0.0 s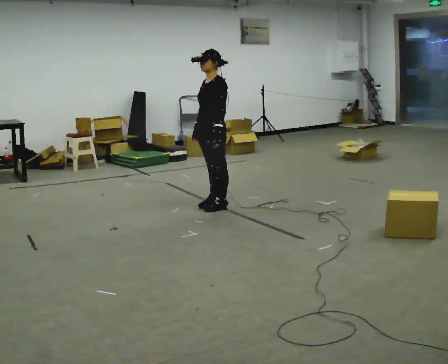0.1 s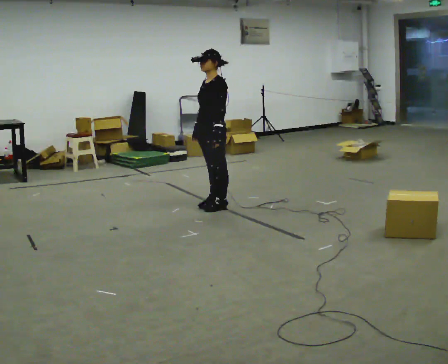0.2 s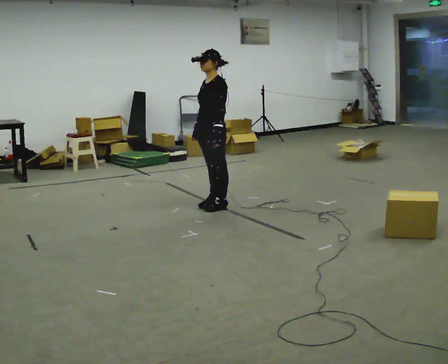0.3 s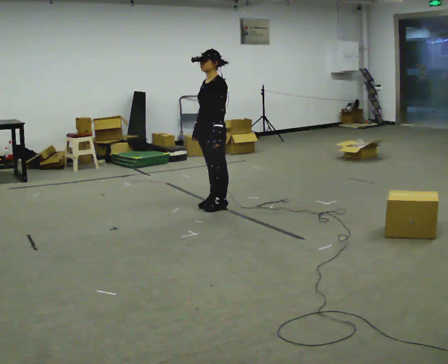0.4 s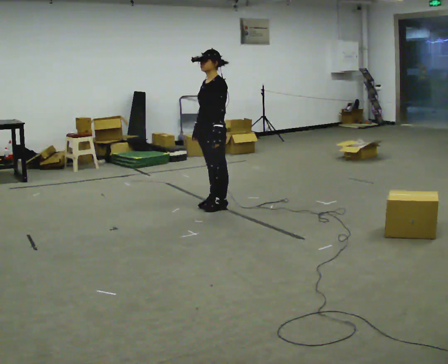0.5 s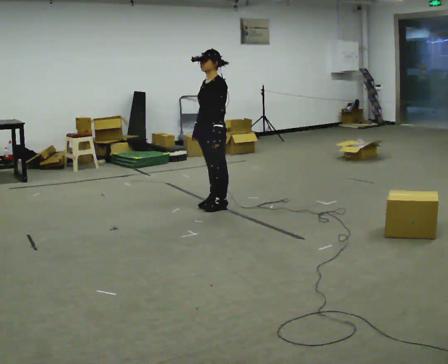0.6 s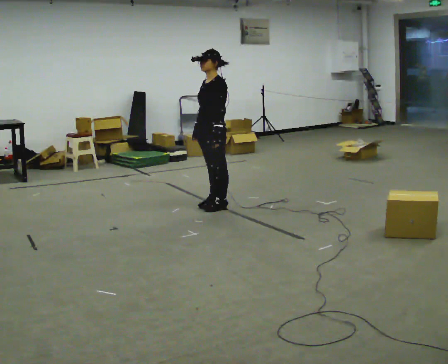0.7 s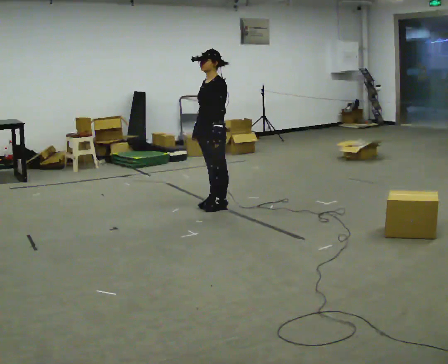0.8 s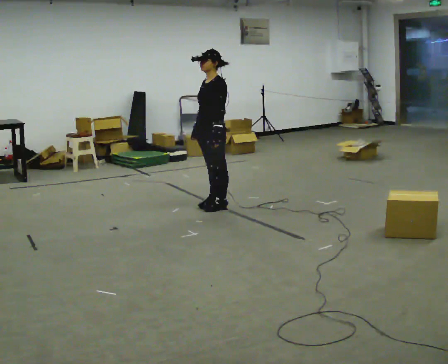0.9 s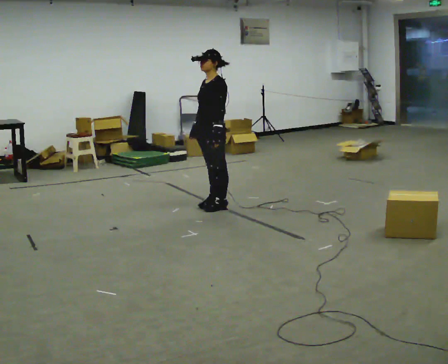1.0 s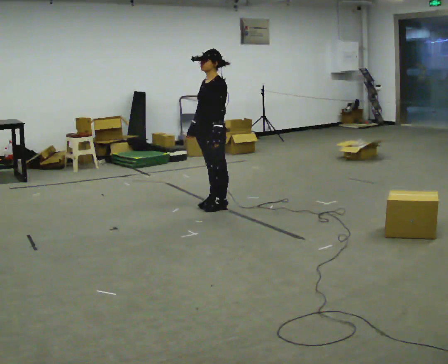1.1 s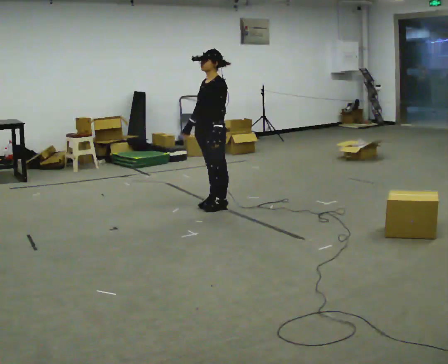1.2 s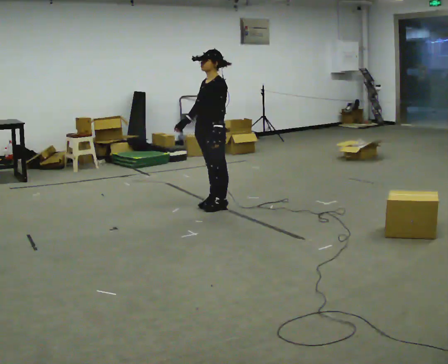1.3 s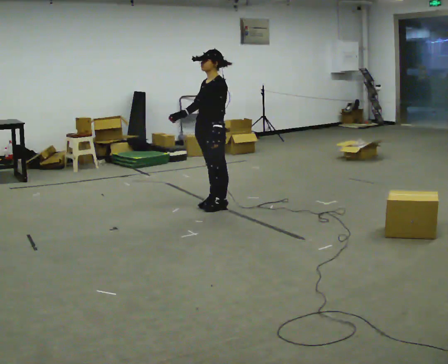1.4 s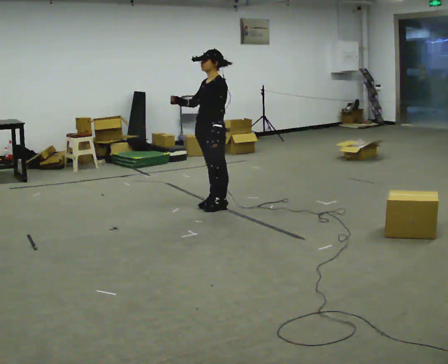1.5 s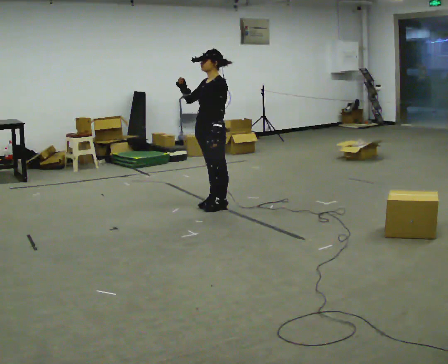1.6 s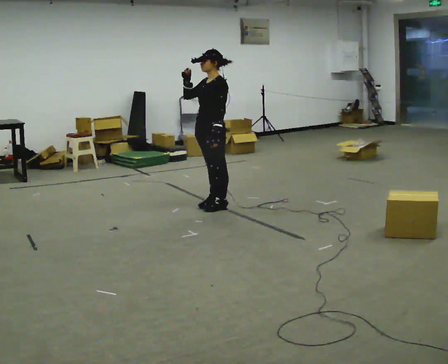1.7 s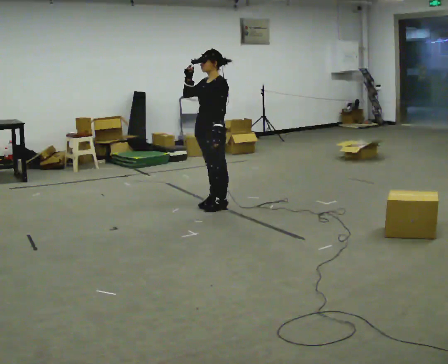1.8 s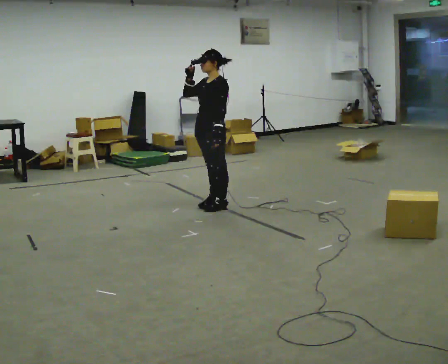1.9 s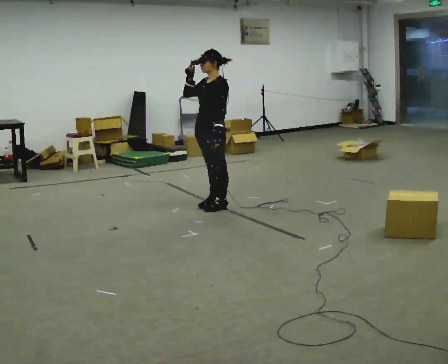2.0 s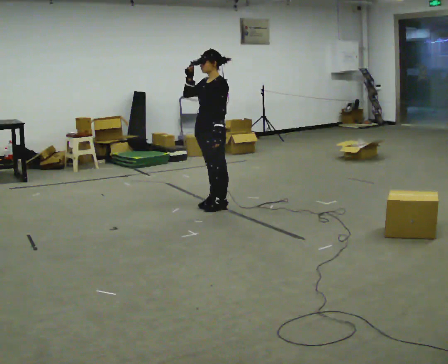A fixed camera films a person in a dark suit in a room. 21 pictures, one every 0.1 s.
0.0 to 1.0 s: The person moves a little, or ends about where they began.
1.0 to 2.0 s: In the picture their right hand goes upward.
The film runs forward here.
